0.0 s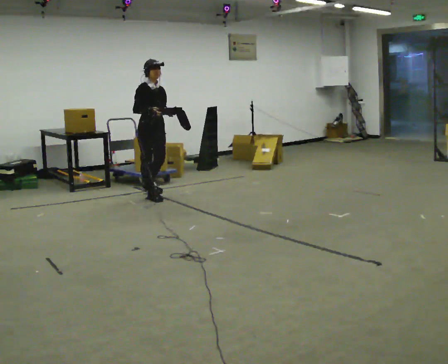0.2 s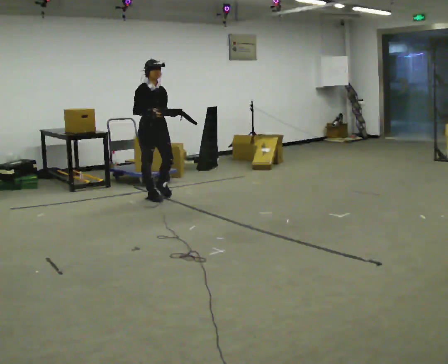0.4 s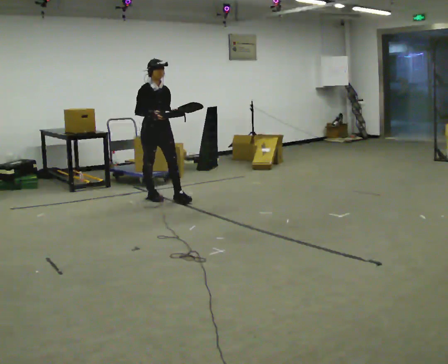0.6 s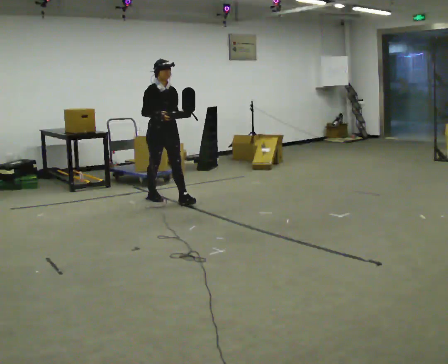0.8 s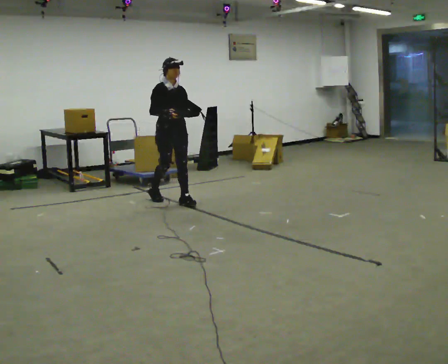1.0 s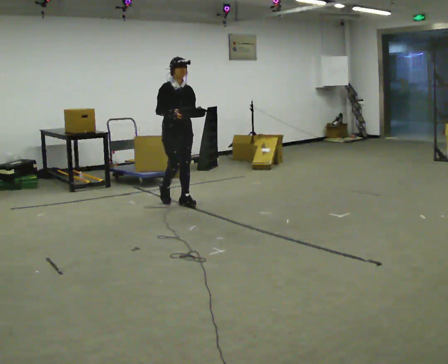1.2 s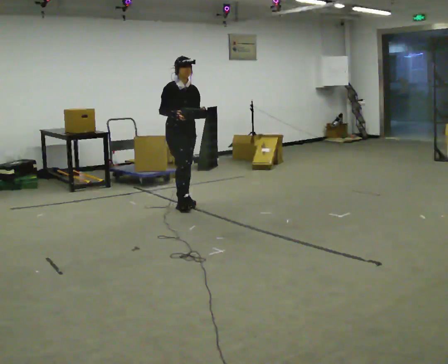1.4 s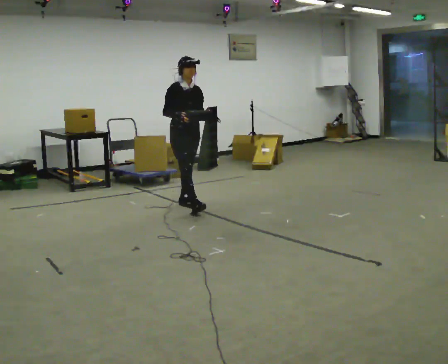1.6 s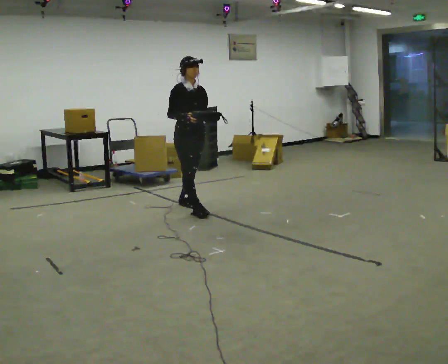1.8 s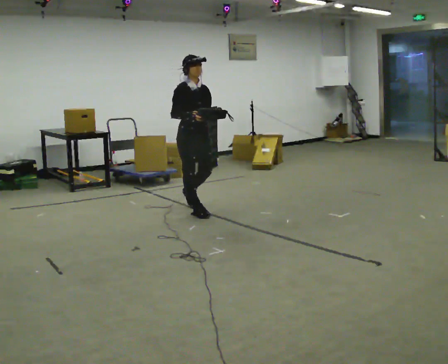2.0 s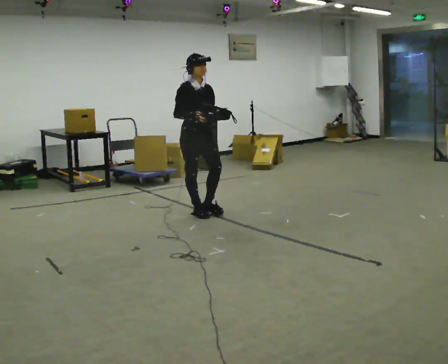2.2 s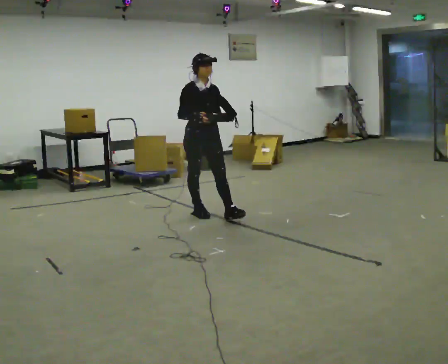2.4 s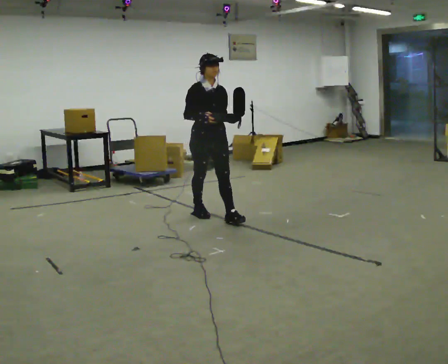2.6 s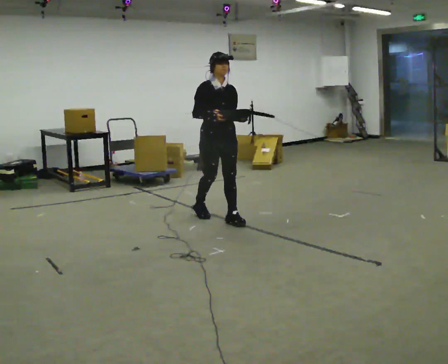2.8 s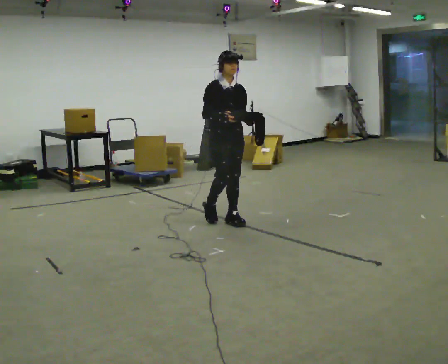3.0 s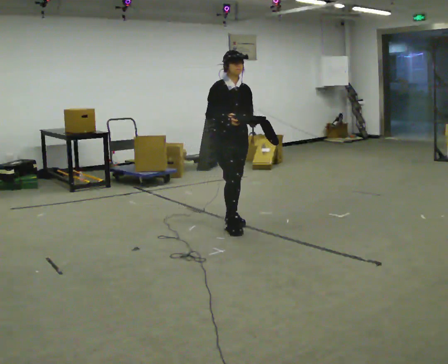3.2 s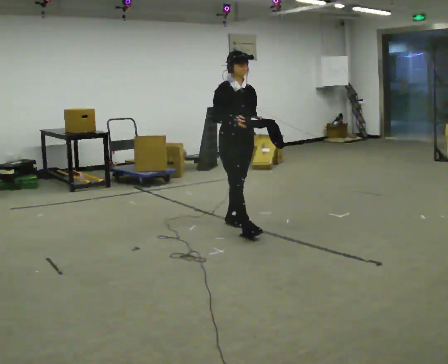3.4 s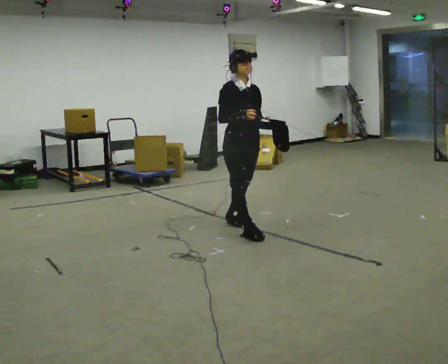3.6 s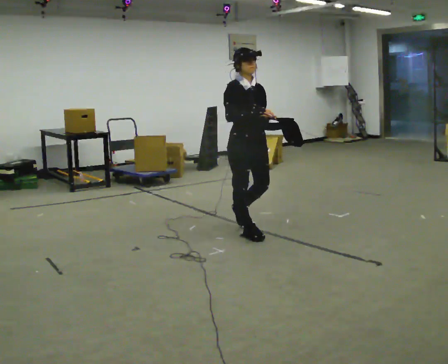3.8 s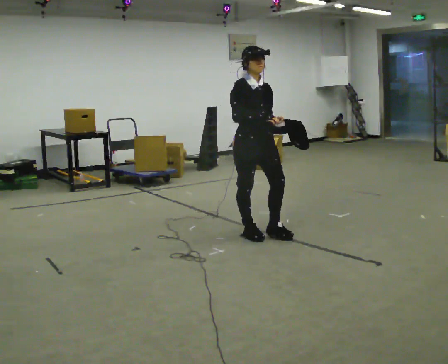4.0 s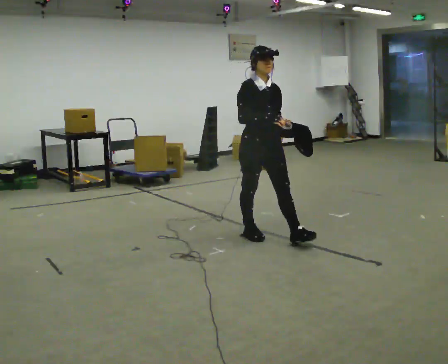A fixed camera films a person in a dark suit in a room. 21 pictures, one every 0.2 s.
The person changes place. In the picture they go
toward the camera.
0.0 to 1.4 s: In the picture they go toward the camera and to the right, about 0.75 m in 2 steps, which for them is forward.
1.4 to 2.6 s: In the picture they go toward the camera and to the right, about 0.75 m in 1 step, which for them is forward.
2.6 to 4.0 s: In the picture they go toward the camera and to the right, about 0.5 m in 1 step, which for them is forward.
The film runs forward here.
